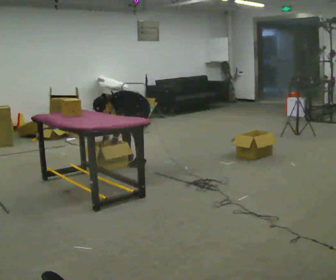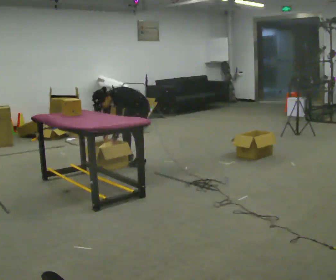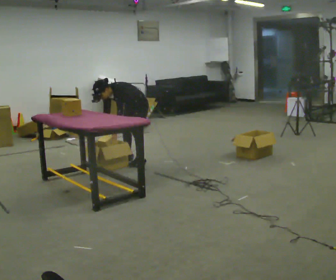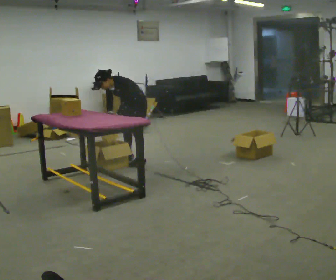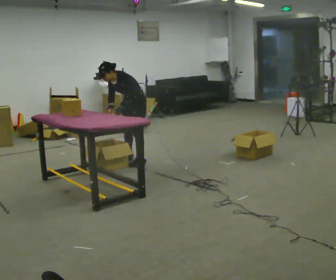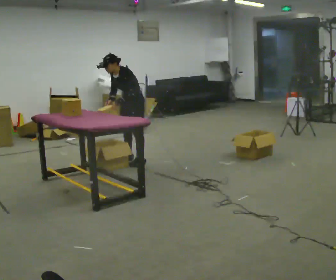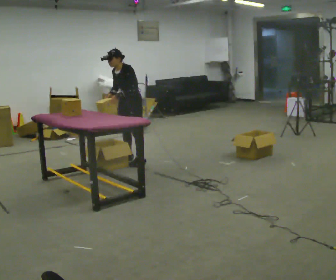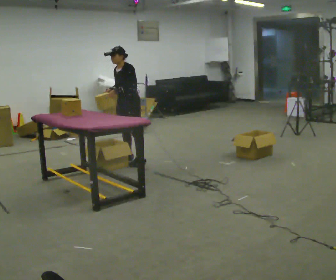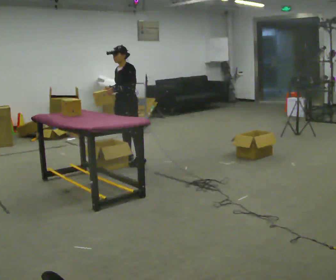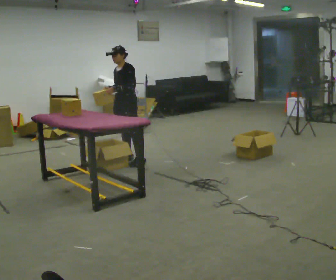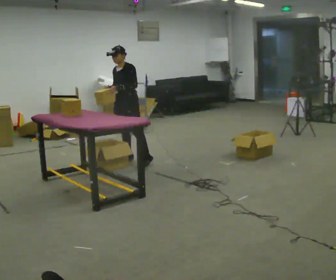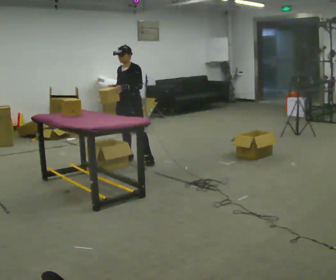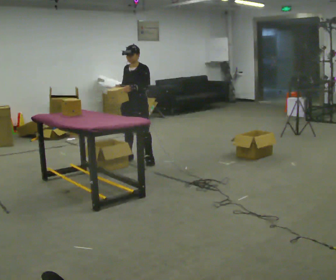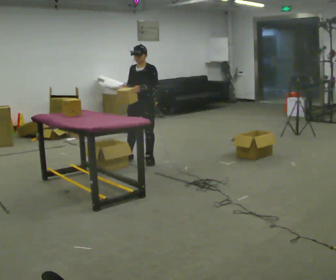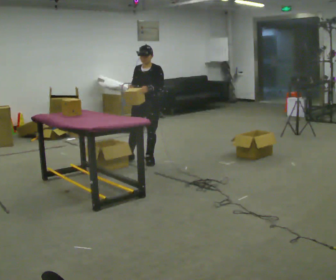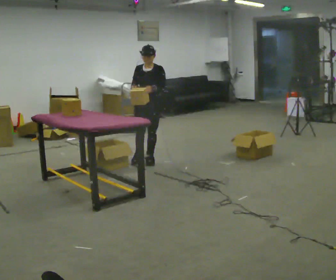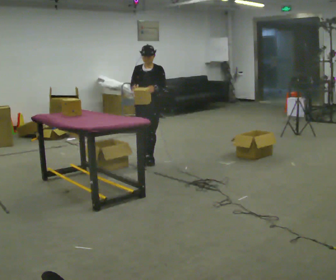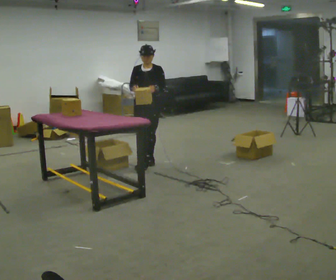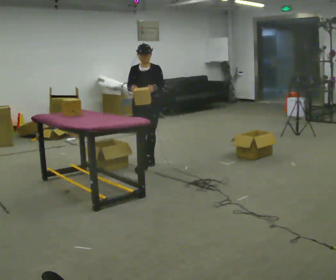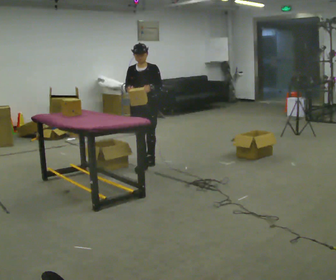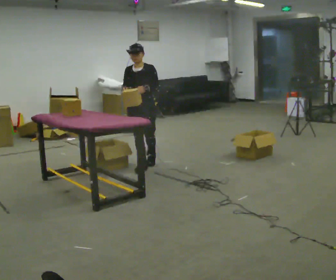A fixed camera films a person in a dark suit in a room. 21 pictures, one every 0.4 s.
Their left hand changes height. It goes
upward.
Their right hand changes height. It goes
upward.
0.0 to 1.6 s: The upper body goes upward. In the picture the upper body tilts clockwise, shoulders to the right, as they lean back or straighten. In the picture their right hand goes upward.
1.6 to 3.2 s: In the picture the upper body tilts clockwise, shoulders to the right, as they lean back or straighten.
3.2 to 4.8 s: The person moves a little, or ends about where they began.
4.8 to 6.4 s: Seen from above the body turns counterclockwise, about 30 degrees: to their left, with its near side sliding to the right.
6.4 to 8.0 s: In the picture they go toward the camera, about 0.25 m in 1 step, which for them is forward.
The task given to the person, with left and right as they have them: 1. Take everything out of the crates by the door. 2. Put the small items on the middle shelf. 3. Put the large items on the bottom shelf. 4. Stack the empty crates by the door. 5. Tell the operator when you are finished.
The film runs forward here.
